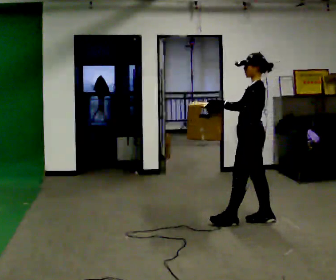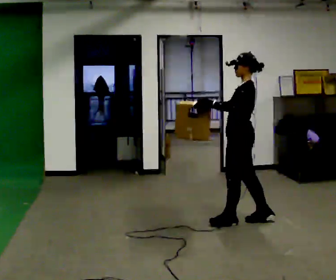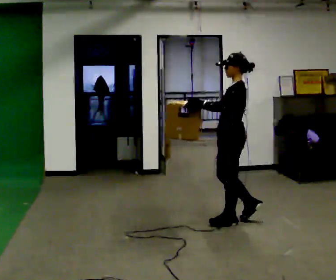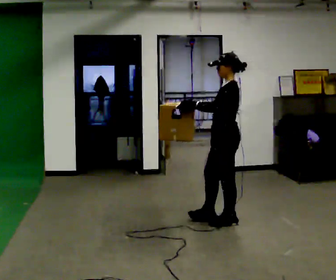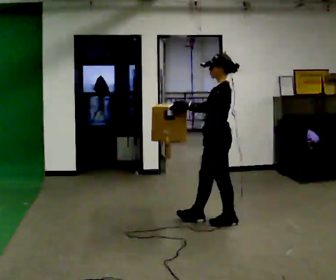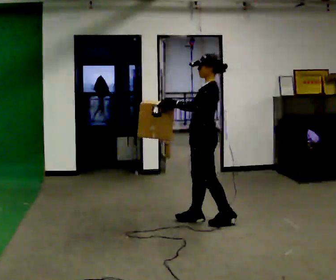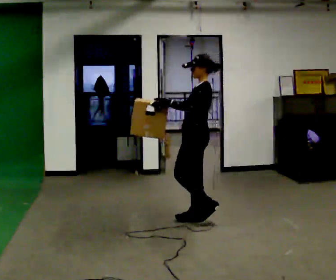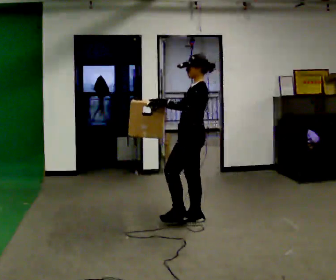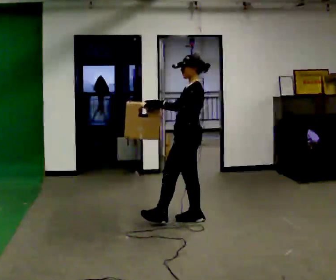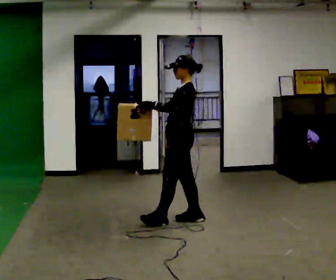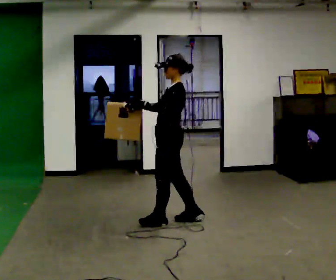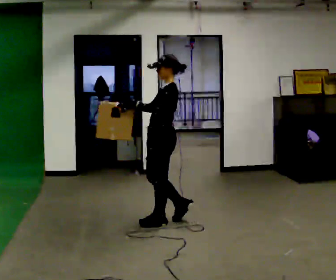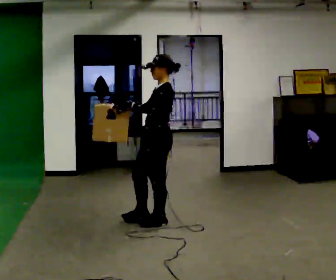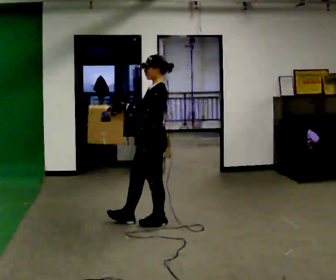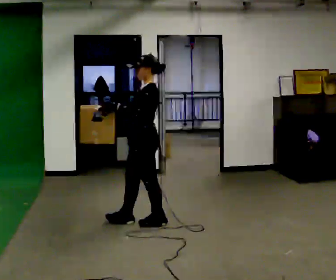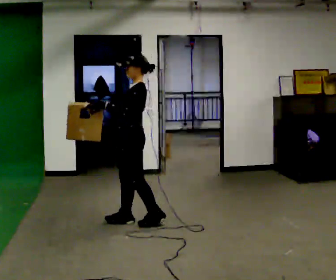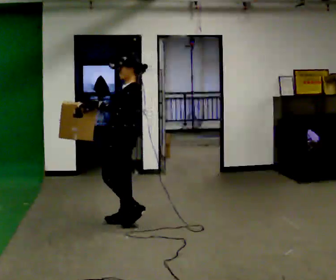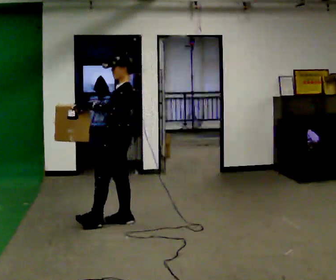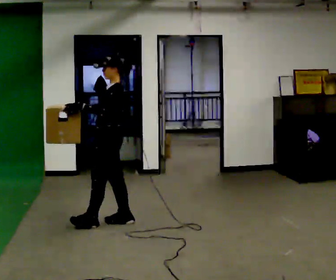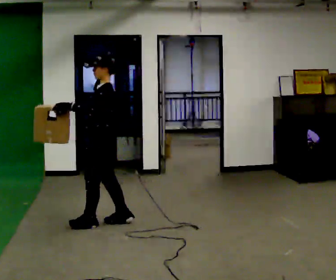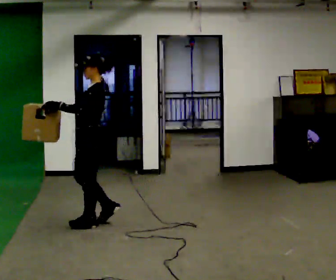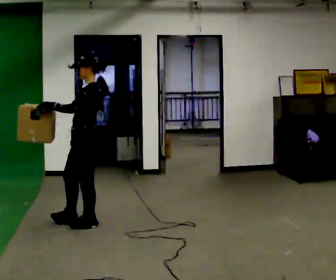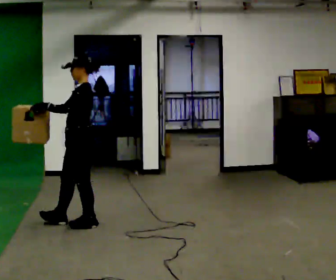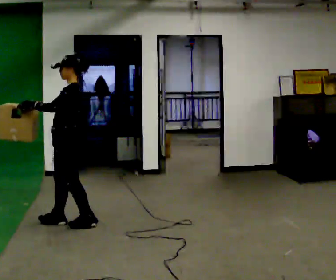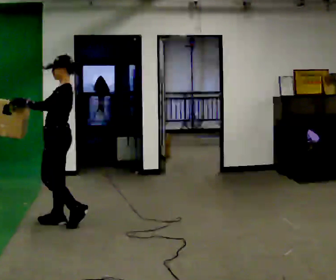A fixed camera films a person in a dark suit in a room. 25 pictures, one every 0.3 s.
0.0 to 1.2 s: In the picture they go to the left, about 0.25 m in 1 step, which for them is forward.
1.2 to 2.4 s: In the picture they go to the left, about 0.25 m in 1 step, which for them is forward and to their right.
2.4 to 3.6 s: In the picture they go to the left, about 0.25 m, which for them is forward.
3.6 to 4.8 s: In the picture they go to the left, about 0.25 m in 1 step, which for them is forward and to their right.
4.8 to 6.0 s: In the picture they go to the left and toward the camera, about 0.25 m in 1 step, which for them is forward.
6.0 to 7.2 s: In the picture they go to the left, about 0.25 m in 1 step, which for them is forward.
The film runs forward here.
